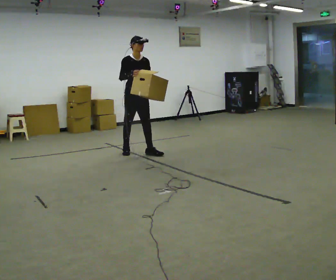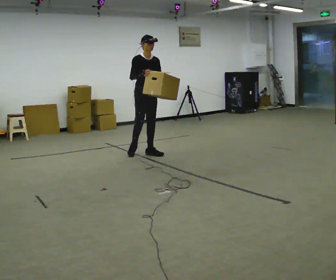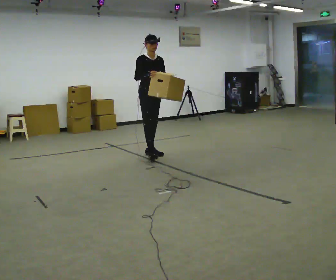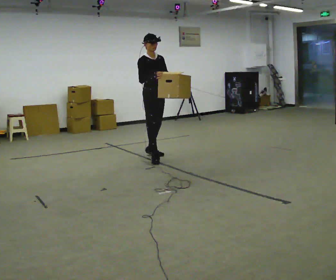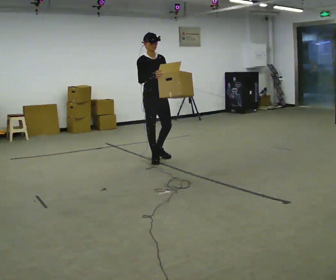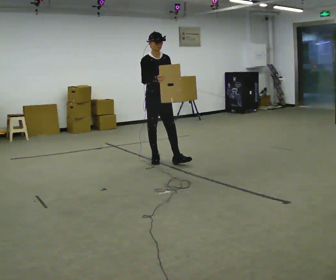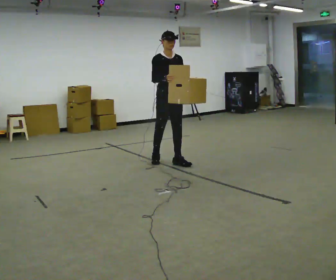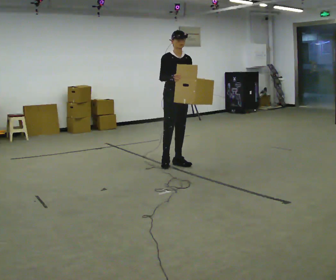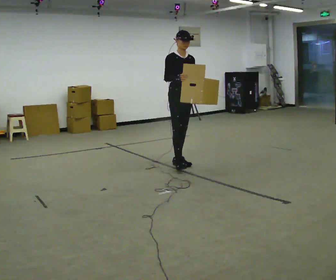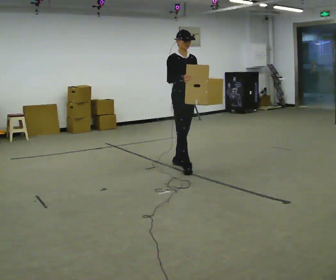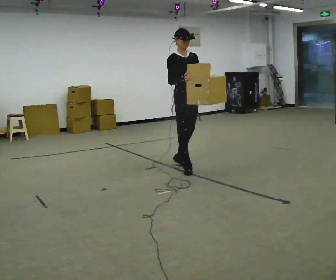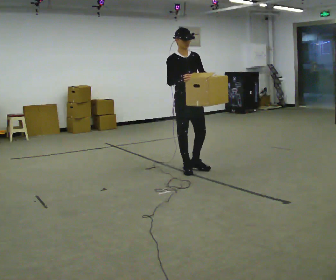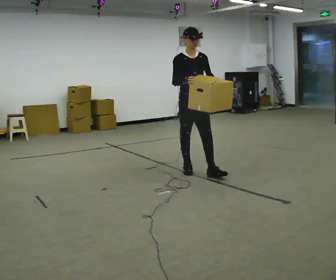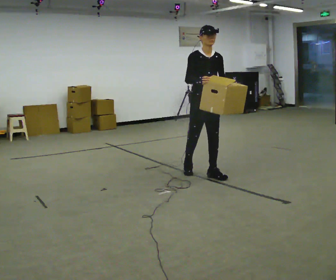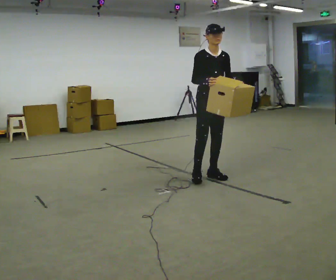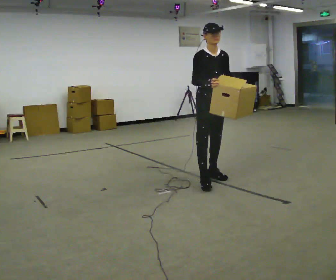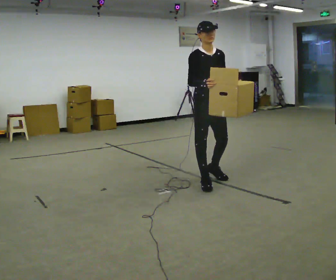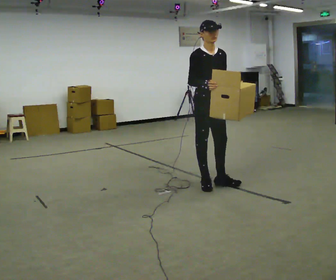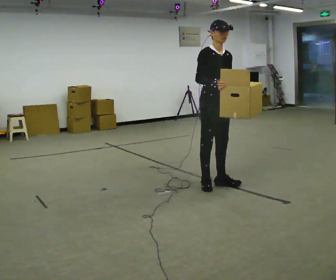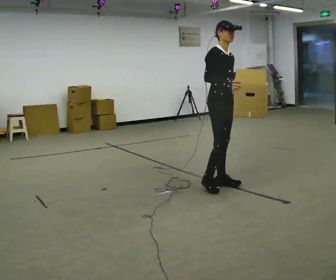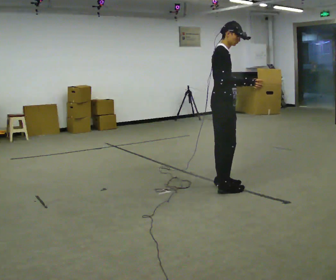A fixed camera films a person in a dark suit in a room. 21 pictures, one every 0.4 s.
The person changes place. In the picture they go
toward the camera.
0.0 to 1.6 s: In the picture they go toward the camera and to the right, about 0.5 m in 1 step, which for them is forward.
1.6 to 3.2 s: In the picture they go to the right and toward the camera, about 0.5 m in 1 step, which for them is forward and to their left.
3.2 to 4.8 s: In the picture they go toward the camera, about 0.5 m in 2 steps, which for them is forward.
4.8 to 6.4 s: In the picture they go toward the camera, about 0.5 m in 1 step, which for them is forward.
6.4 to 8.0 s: Seen from above the body turns counterclockwise, about 60 degrees: to their left, with its near side sliding to the right. In the picture they go toward the camera, about 0.25 m in 2 steps, which for them is forward. In the picture their right hand goes to the right.
The film runs forward here.
